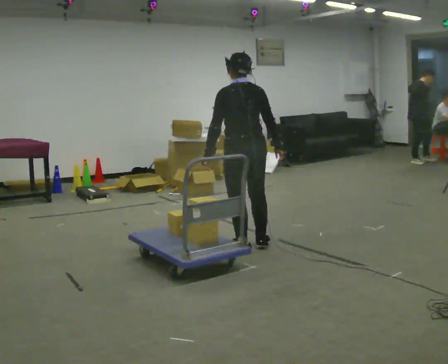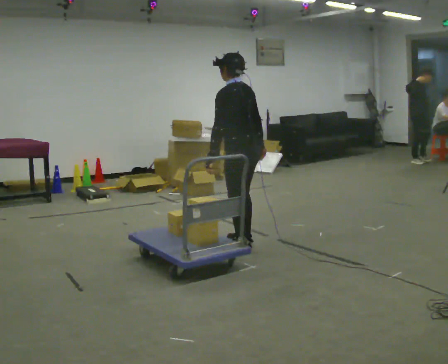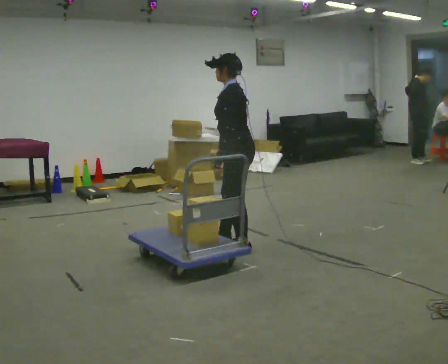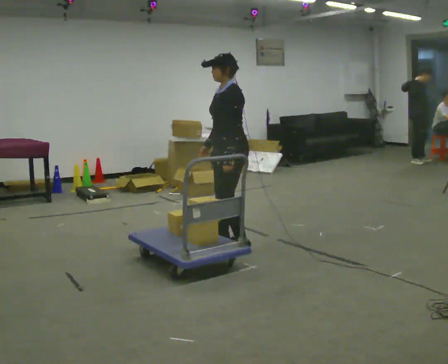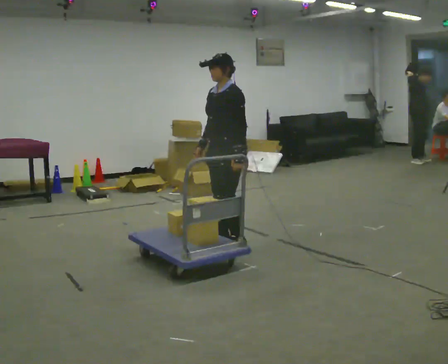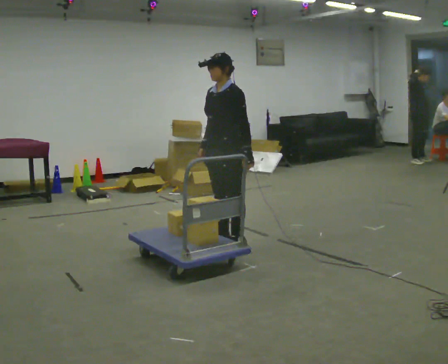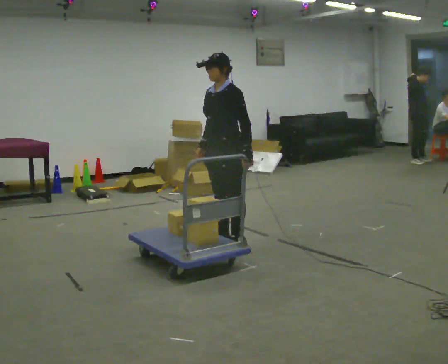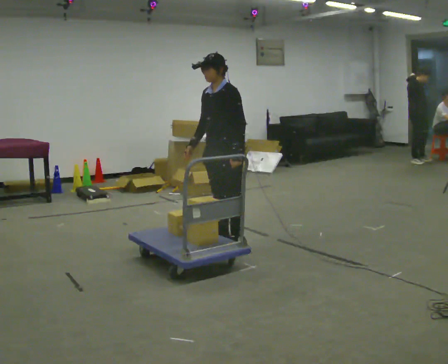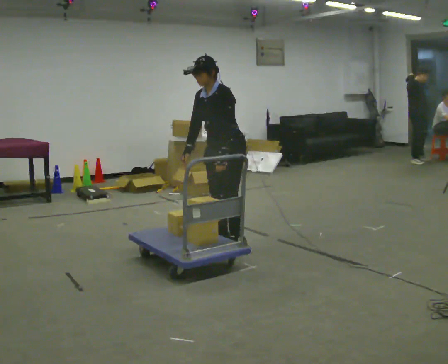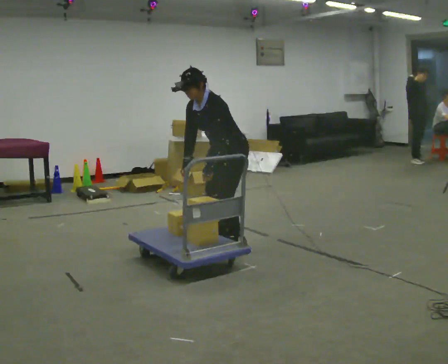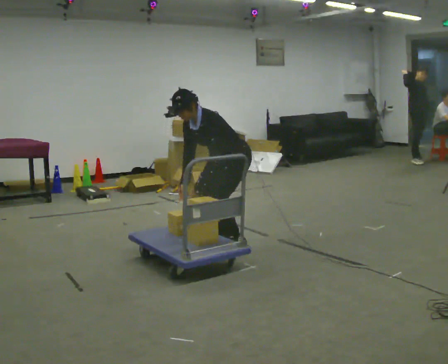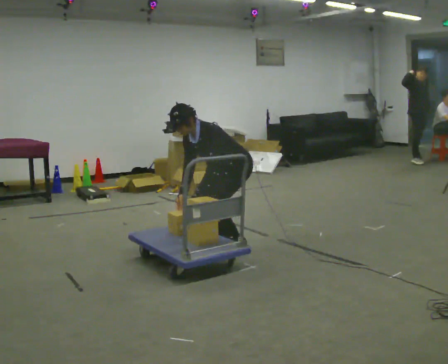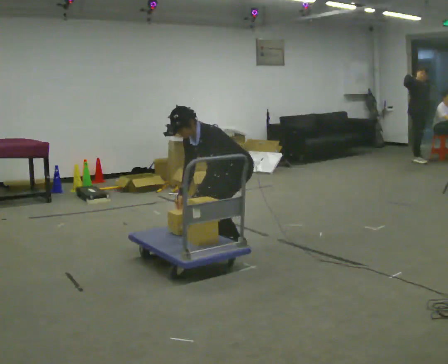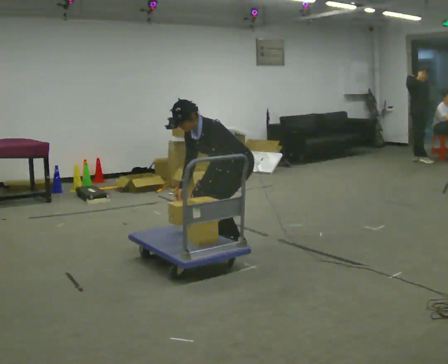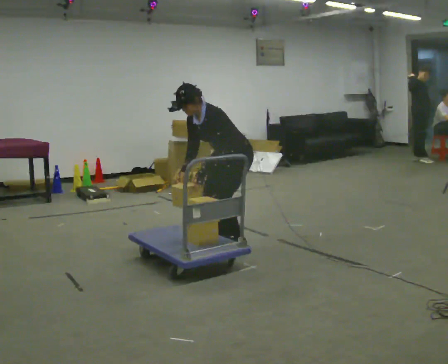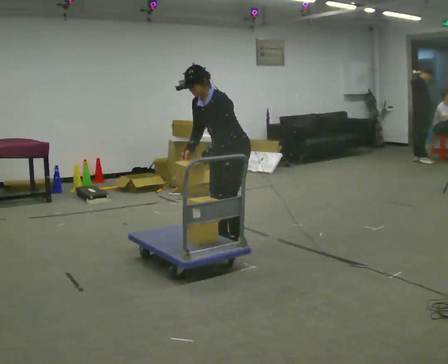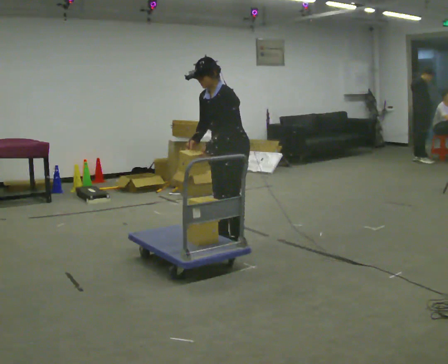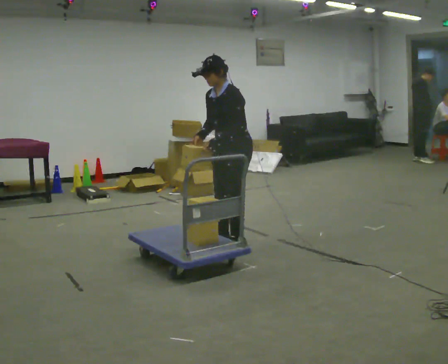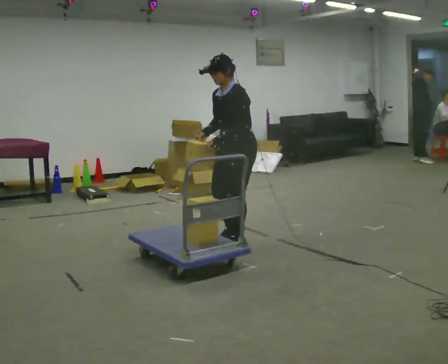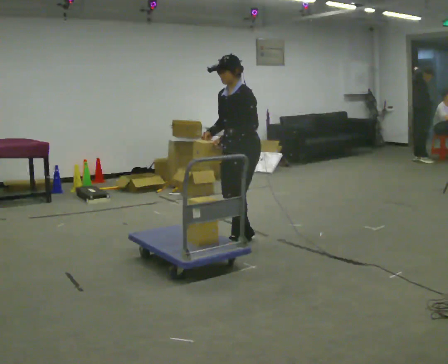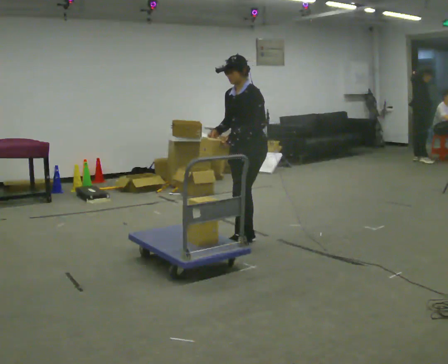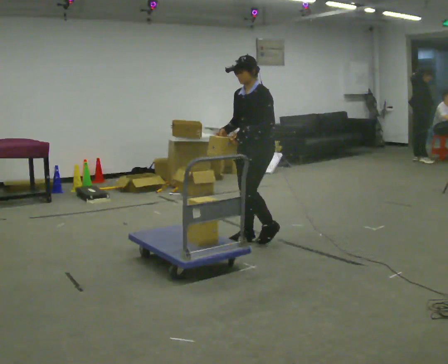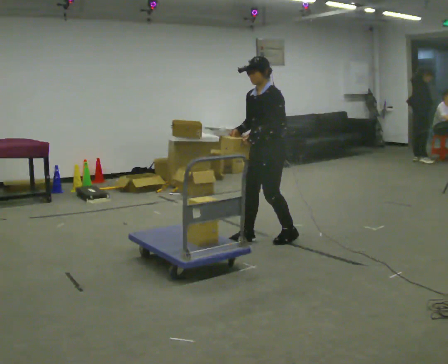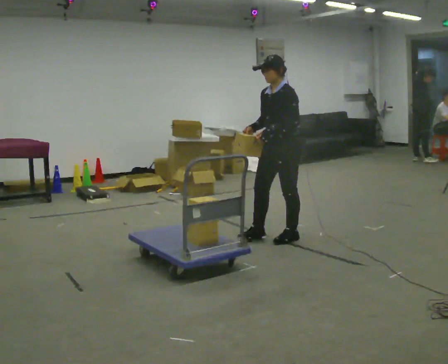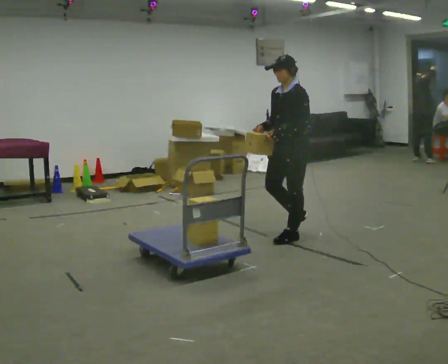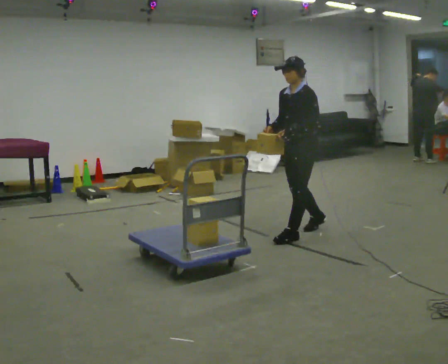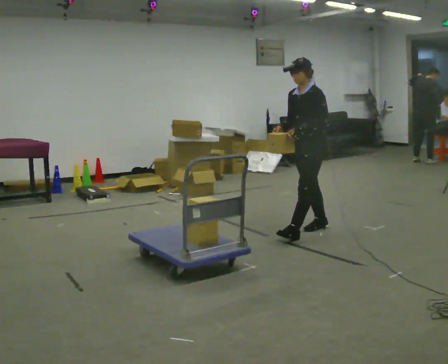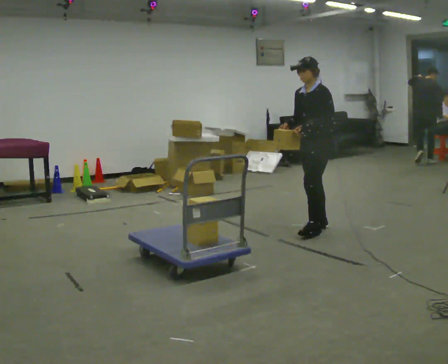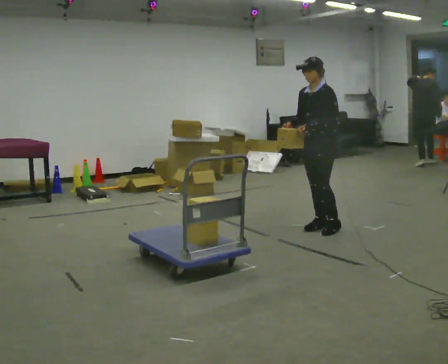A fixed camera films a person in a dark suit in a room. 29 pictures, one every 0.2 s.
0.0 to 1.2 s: The part of the body nearest the lens slides to the right as the person turns to their left by about 105 degrees. In the picture their left hand goes to the right, the arm swinging counterclockwise.
1.2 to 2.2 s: The upper body goes downward. In the picture the upper body tilts counterclockwise, shoulders to the left, as they bend forward. In the picture their left hand goes to the left and downward.
2.2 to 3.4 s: The shoulders move upward. In the picture the upper body tilts clockwise, shoulders to the right, as they lean back or straighten. In the picture their right hand goes upward.
3.4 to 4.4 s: In the picture they go to the right, about 0.25 m in 2 steps, which for them is backward.
4.4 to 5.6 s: In the picture they go to the right and away from the camera, about 0.5 m in 2 steps, which for them is backward.
The film runs backward here.
